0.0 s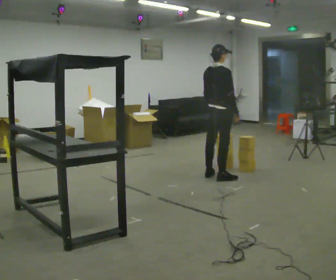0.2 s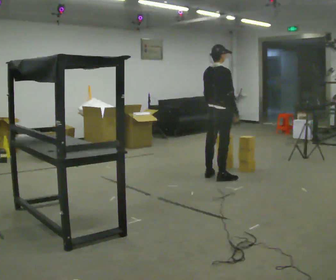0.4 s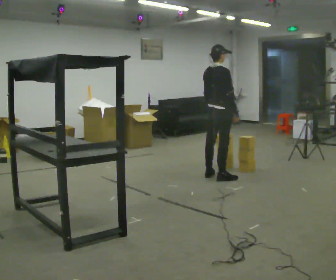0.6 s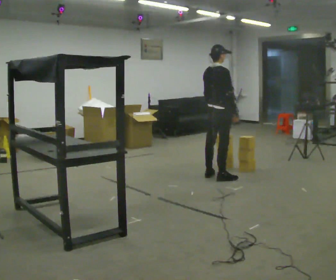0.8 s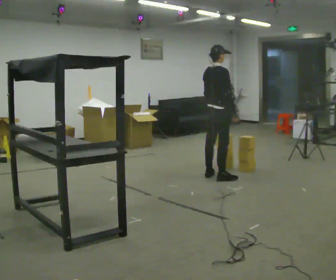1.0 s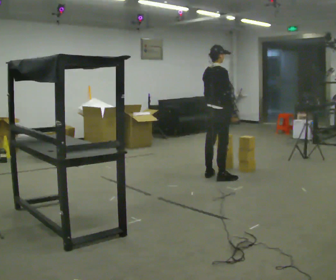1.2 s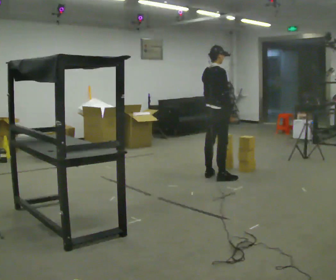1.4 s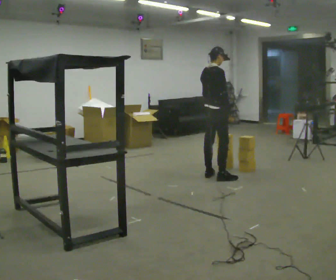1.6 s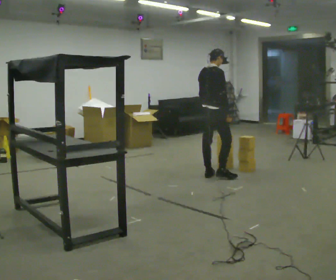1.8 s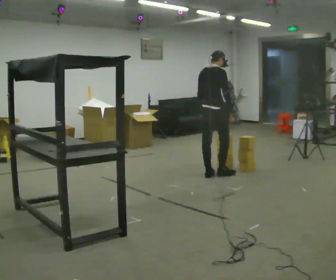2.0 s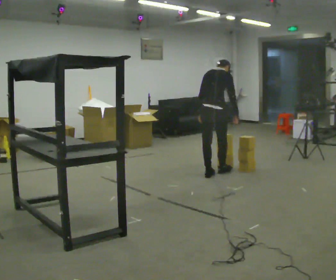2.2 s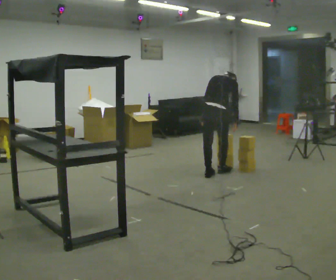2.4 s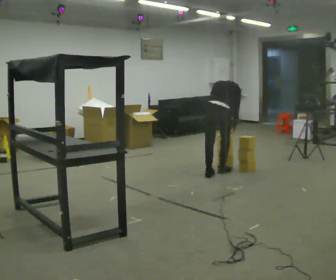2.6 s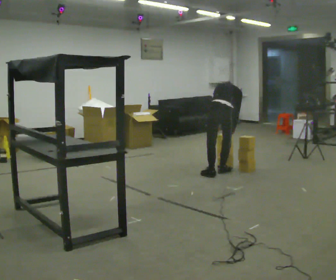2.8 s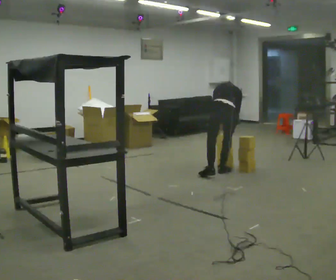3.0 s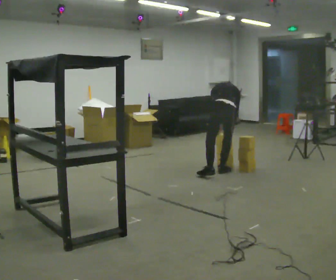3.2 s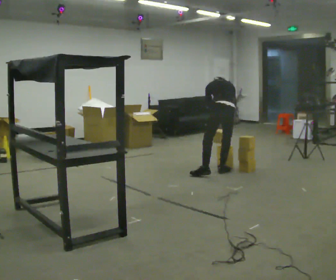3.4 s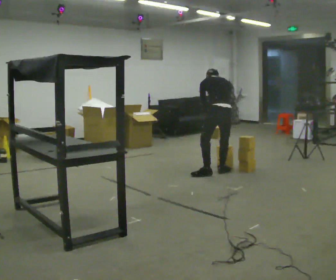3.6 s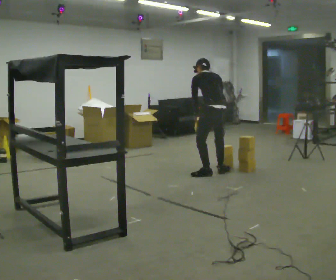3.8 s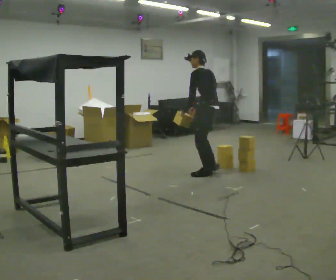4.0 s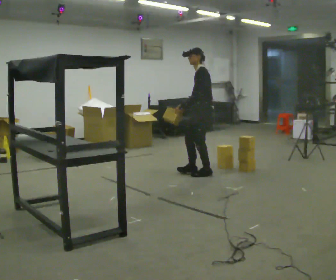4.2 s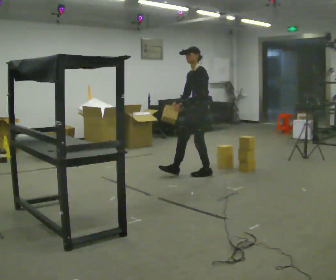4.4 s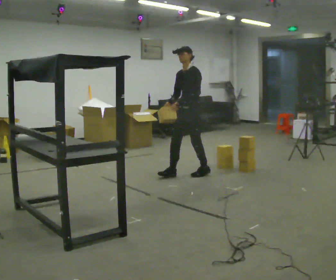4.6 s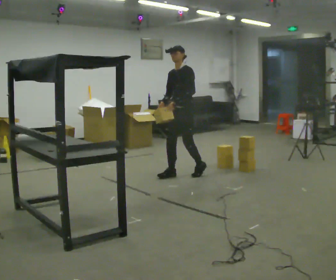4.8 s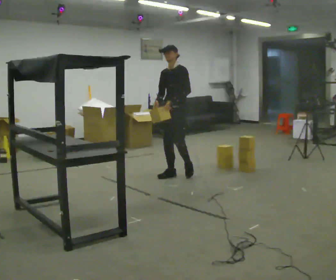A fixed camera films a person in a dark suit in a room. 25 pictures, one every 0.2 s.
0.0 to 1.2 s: The person moves a little, or ends about where they began.
1.2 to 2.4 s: The part of the body nearest the lens slides to the right as the person turns to their left by about 45 degrees. The shoulders move downward. The upper body tips away from the camera, its near side rolling upward, as they bend forward.
2.4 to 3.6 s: The person turns about 45 degrees to their left, counterclockwise seen from above, so the part of the body nearest the lens slides to the right. The shoulders move upward. In the picture the upper body tilts counterclockwise, shoulders to the left, as they lean back or straighten. In the picture their right hand goes to the left.
3.6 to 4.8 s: Seen from above the body turns counterclockwise, about 120 degrees: to their left, with its near side sliding to the right. In the picture they go to the left, about 0.5 m in 1 step. The upper body tips toward the camera, its near side rolling downward, as they lean back or straighten.
The film runs forward here.
